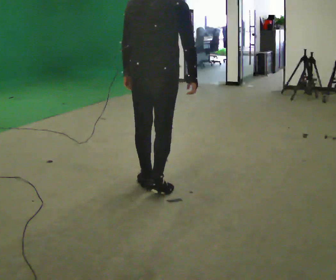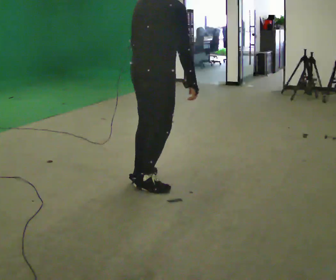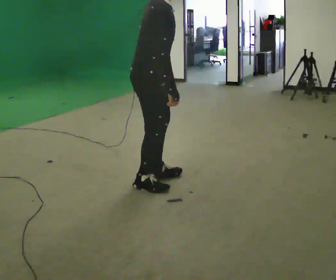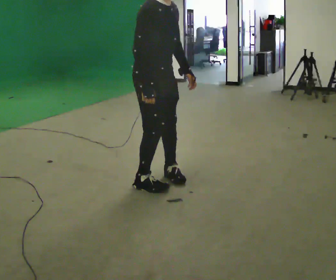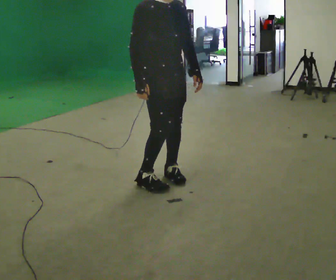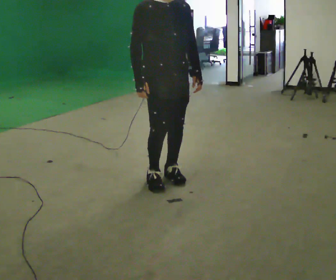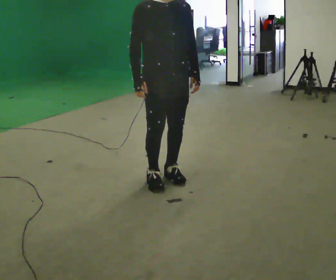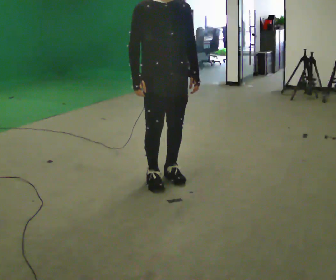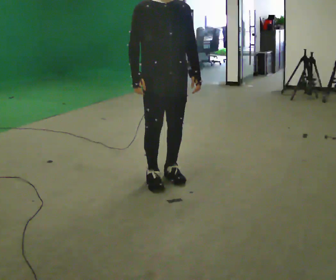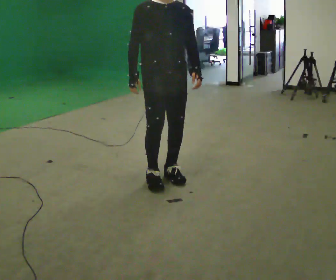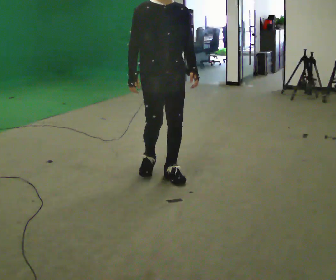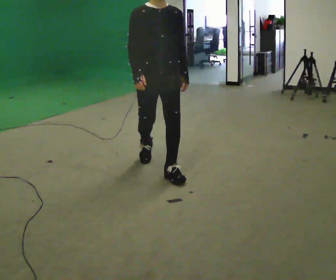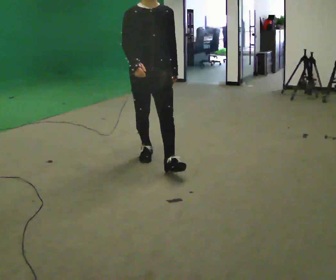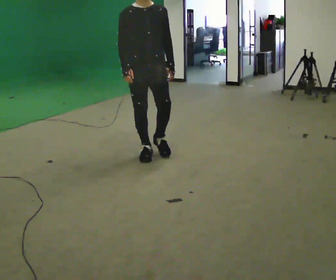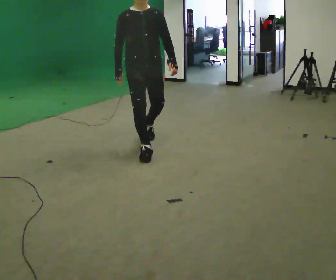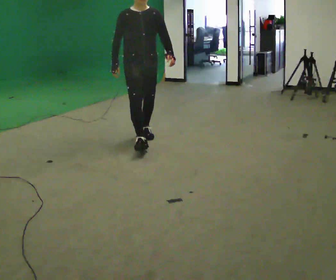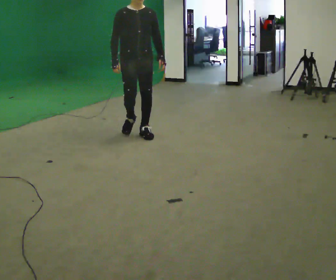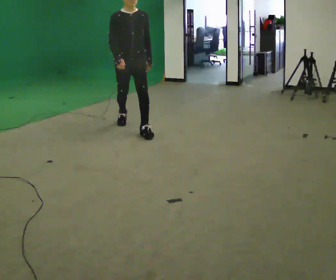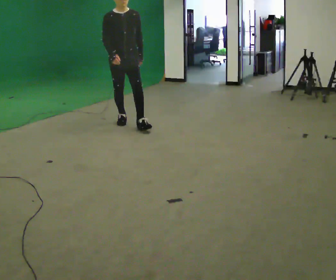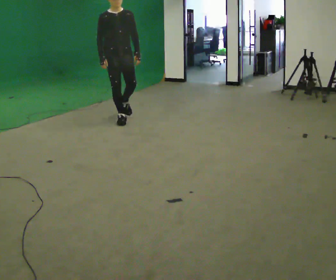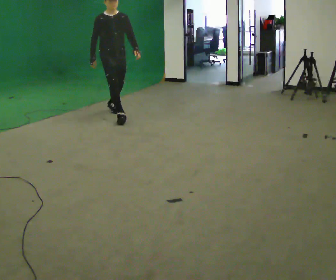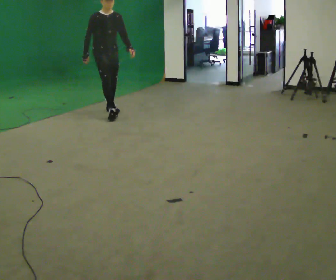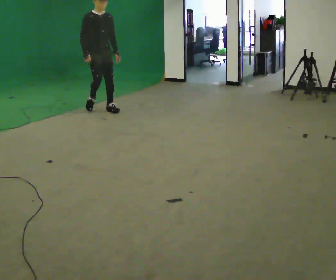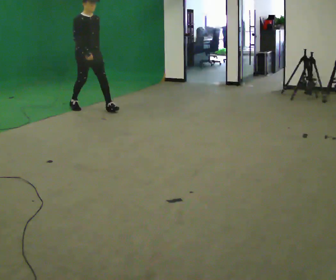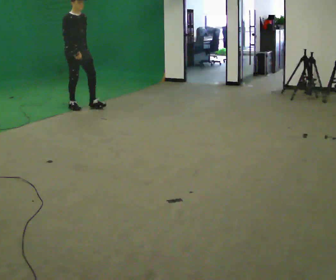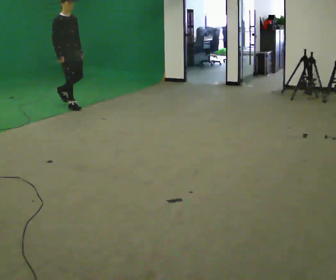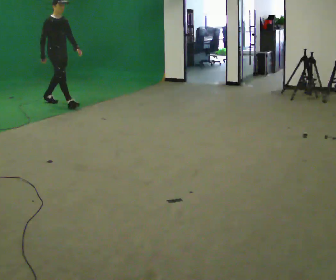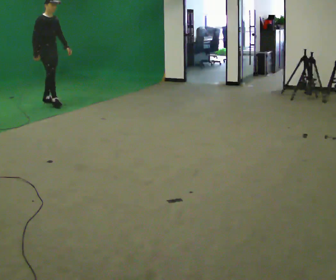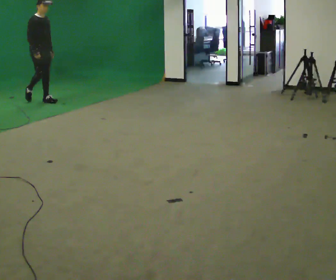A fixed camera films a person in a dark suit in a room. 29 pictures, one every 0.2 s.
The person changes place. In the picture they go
away from the camera.
0.0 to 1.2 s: Seen from above the body turns clockwise, about 150 degrees: to their right, with its near side sliding to the left. In the picture their left hand goes to the right, the arm swinging counterclockwise.
1.2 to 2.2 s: In the picture they go away from the camera, about 0.25 m in 1 step, which for them is backward.
2.2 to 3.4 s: In the picture they go away from the camera, about 1.5 m in 2 steps, which for them is backward.
3.4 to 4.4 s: In the picture they go away from the camera and to the left, about 1 m in 2 steps, which for them is backward.
4.4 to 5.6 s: The person turns about 30 degrees to their left, counterclockwise seen from above, so the part of the body nearest the lens slides to the right. In the picture they go to the left and away from the camera, about 1.5 m in 2 steps, which for them is backward.
The film runs backward here.
